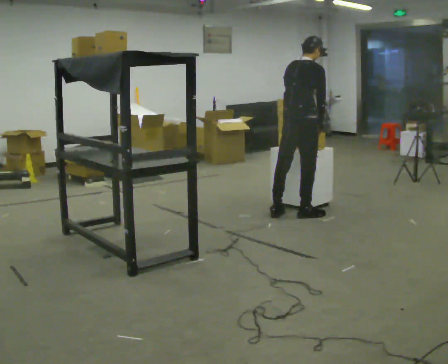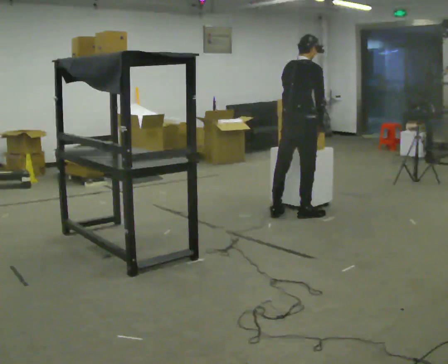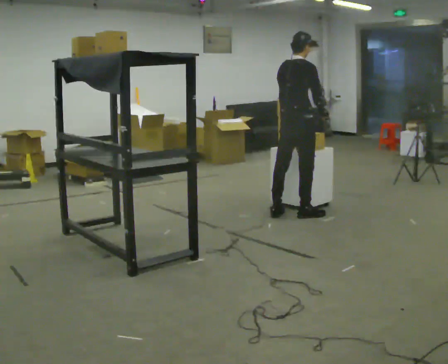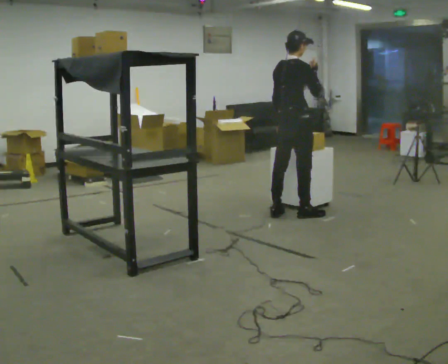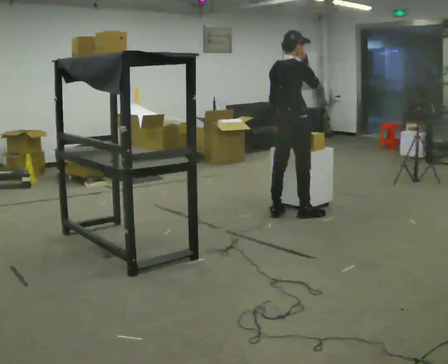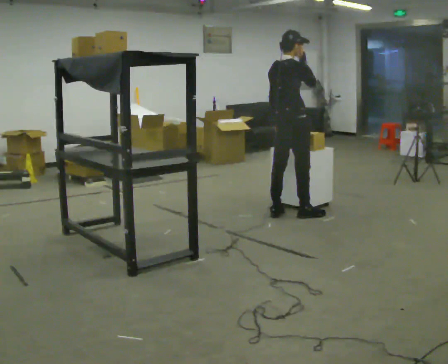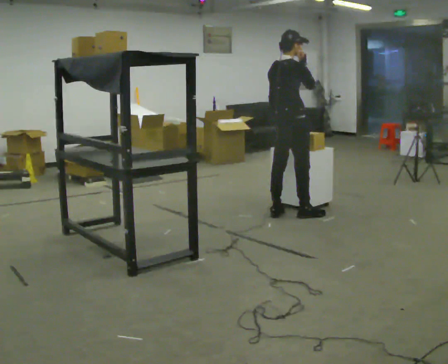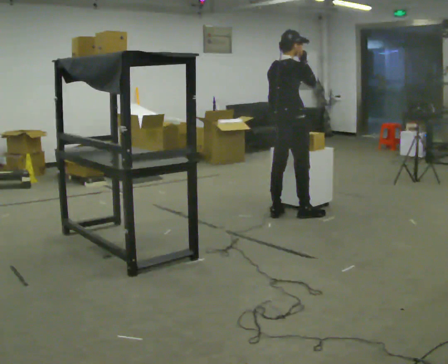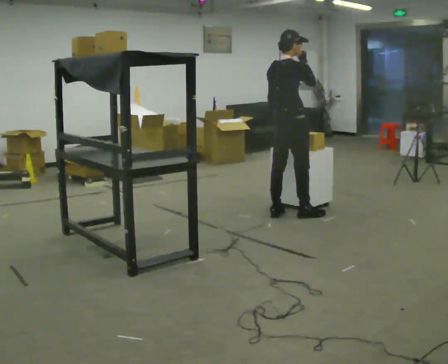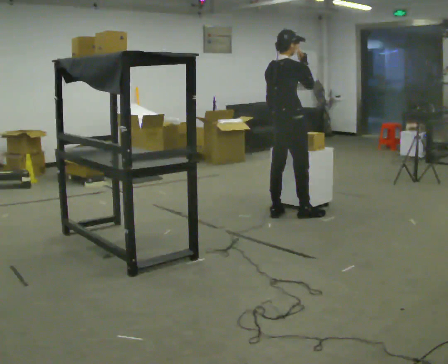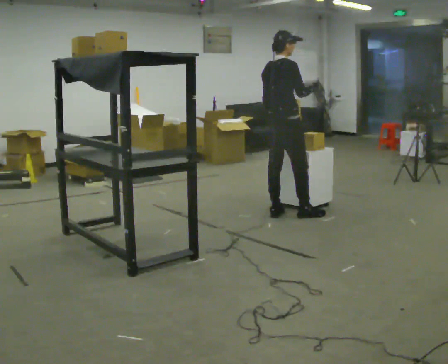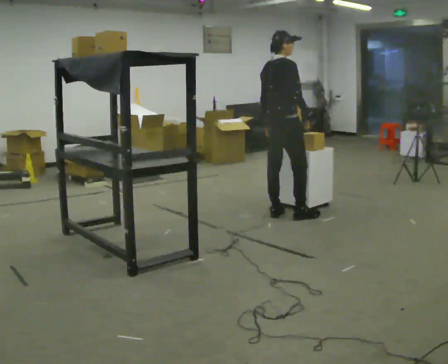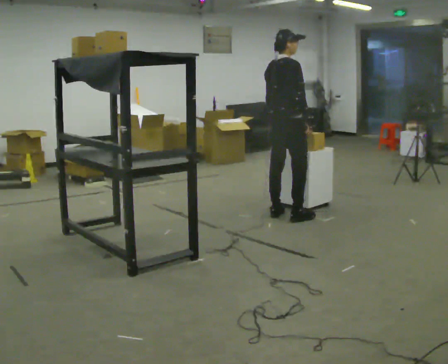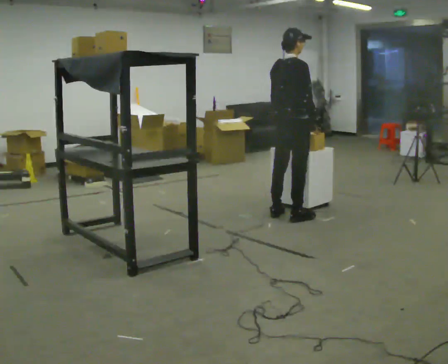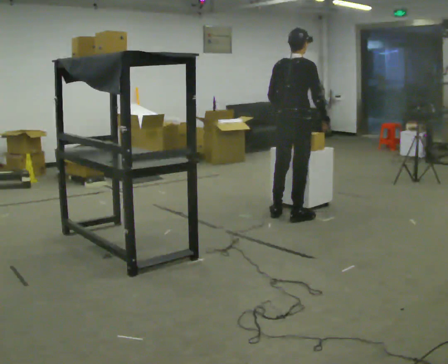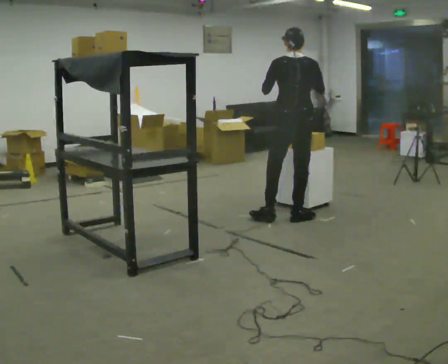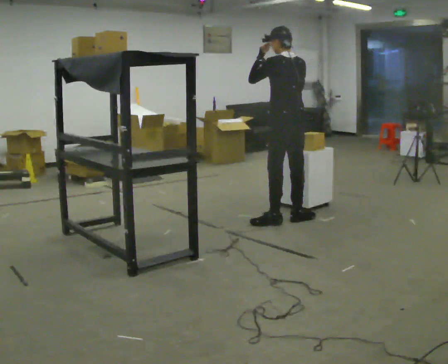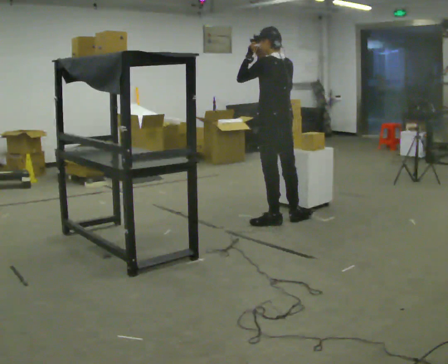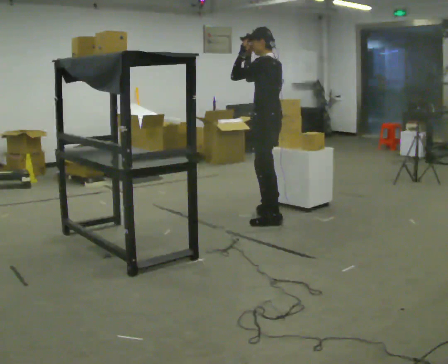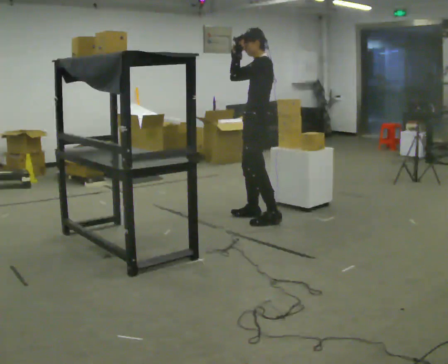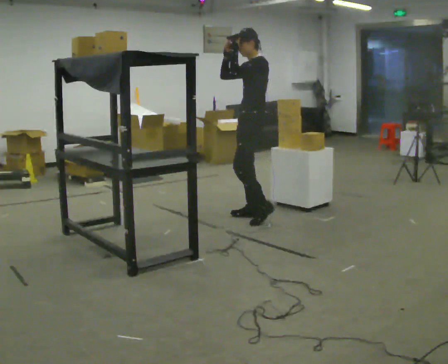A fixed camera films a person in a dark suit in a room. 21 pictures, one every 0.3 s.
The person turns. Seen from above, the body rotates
counterclockwise.
Their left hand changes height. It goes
upward.
0.0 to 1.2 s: In the picture their right hand goes upward.
1.2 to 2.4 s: The person moves a little, or ends about where they began.
2.4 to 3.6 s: In the picture their right hand goes downward.
3.6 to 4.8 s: The person turns about 75 degrees to their left, counterclockwise seen from above, so the part of the body nearest the lens slides to the right. In the picture they go toward the camera, about 0.25 m in 1 step. In the picture their right hand goes upward.
4.8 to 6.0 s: The person turns about 90 degrees to their left, counterclockwise seen from above, so the part of the body nearest the lens slides to the right. In the picture they go to the left and away from the camera, about 0.25 m in 1 step.
The film runs forward here.
